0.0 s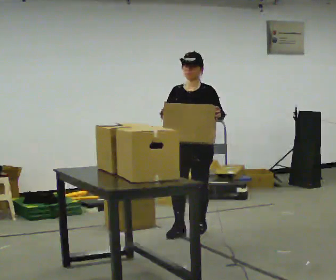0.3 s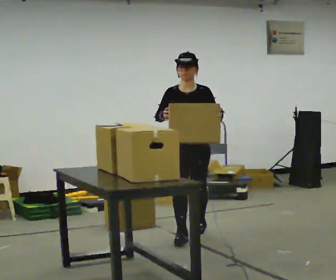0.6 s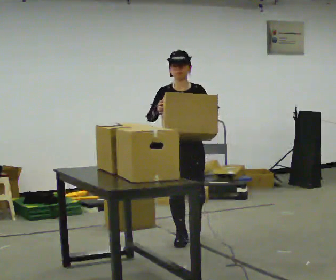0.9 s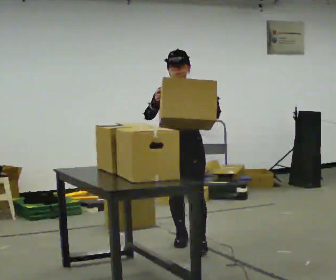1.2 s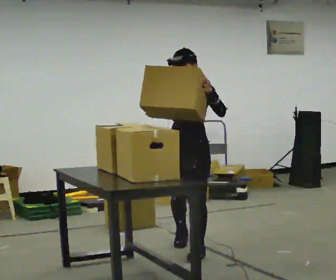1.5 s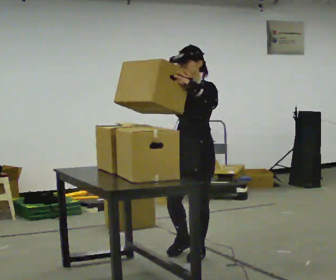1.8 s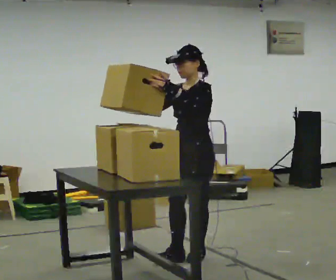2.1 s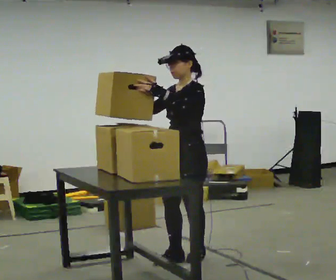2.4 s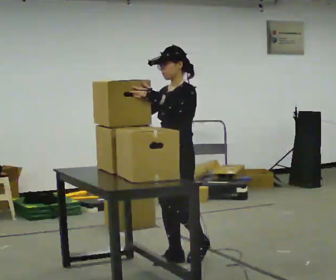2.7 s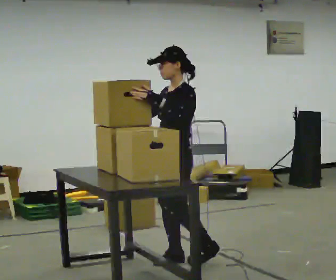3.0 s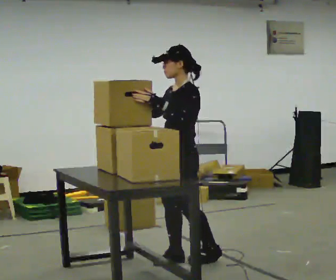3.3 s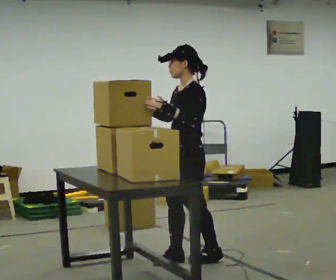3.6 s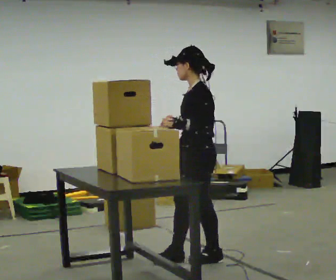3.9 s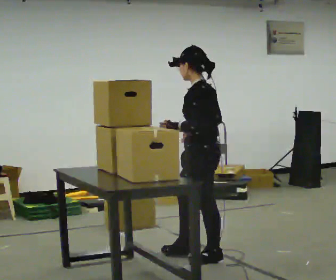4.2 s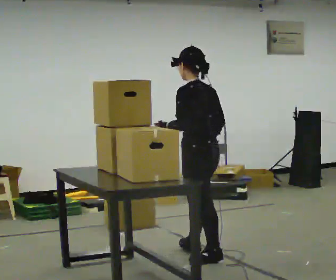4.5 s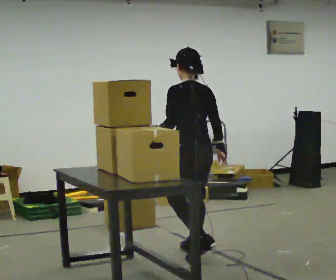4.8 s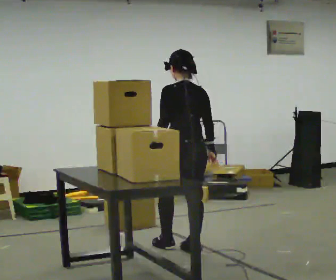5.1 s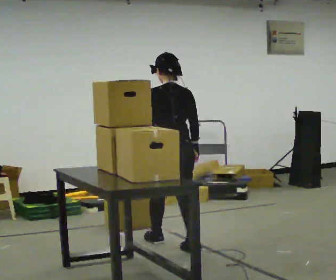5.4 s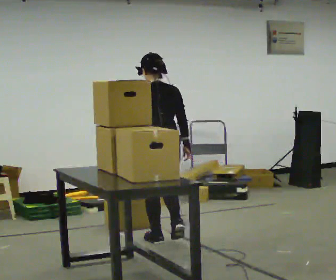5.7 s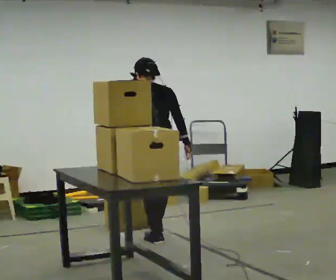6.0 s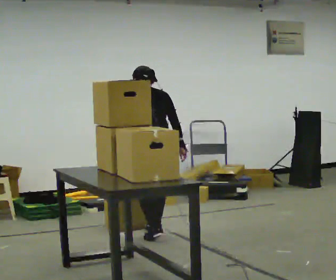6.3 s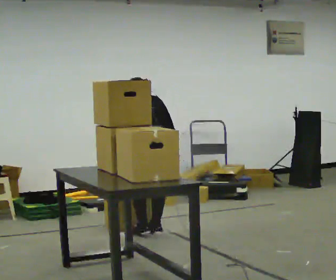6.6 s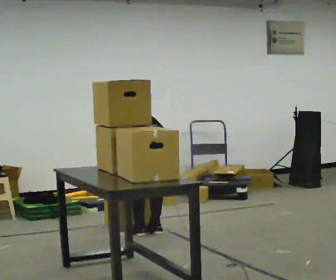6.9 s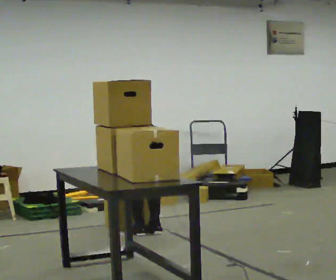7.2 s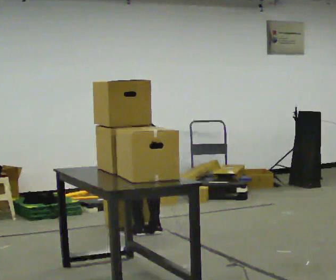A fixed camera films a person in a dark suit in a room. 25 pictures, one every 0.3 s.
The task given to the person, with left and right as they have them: Carry the object over and line it up with the mark on the surface as accurately as you can. Keep going until the operator says stop; one object at a time, and do not rush between trips.
0.0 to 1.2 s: In the picture they go toward the camera, about 0.75 m in 2 steps, which for them is forward.
1.2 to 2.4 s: The person turns about 30 degrees to their right, clockwise seen from above, so the part of the body nearest the lens slides to the left. In the picture they go toward the camera, about 0.25 m in 1 step, which for them is forward.
2.4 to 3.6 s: The person turns about 30 degrees to their right, clockwise seen from above, so the part of the body nearest the lens slides to the left. In the picture they go to the right, about 0.25 m in 1 step, which for them is backward and to their left. In the picture their right hand goes to the right, the arm swinging counterclockwise.
3.6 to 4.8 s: Seen from above the body turns clockwise, about 75 degrees: to their right, with its near side sliding to the left. In the picture they go away from the camera, about 0.25 m in 1 step.
4.8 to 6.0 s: In the picture they go away from the camera and to the left, about 0.5 m in 2 steps, which for them is forward. The upper body tips away from the camera, its near side rolling upward, as they bend forward.
6.0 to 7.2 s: The upper body goes downward. In the picture the upper body tilts counterclockwise, shoulders to the left, as they bend forward. In the picture their right hand goes downward and to the left.
The film runs forward here.
